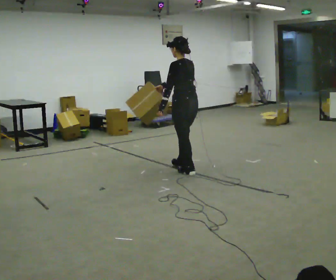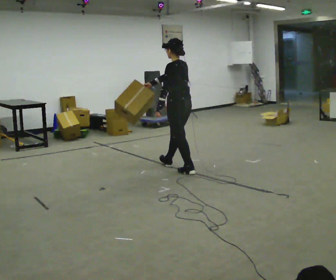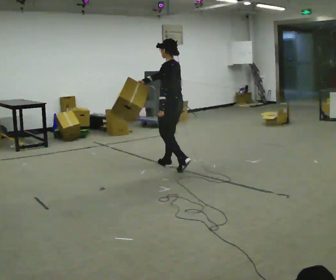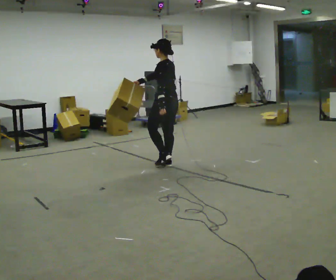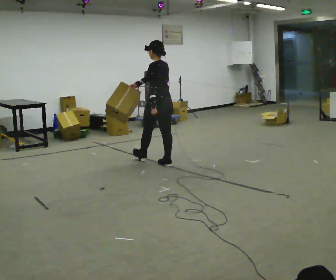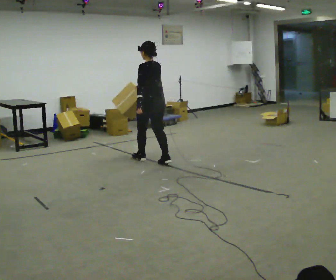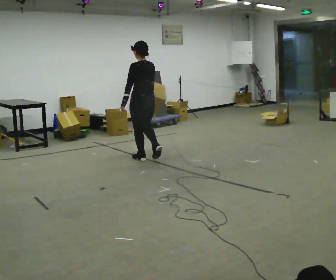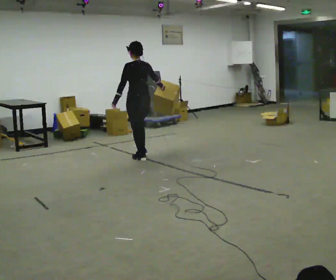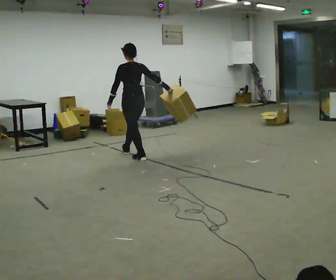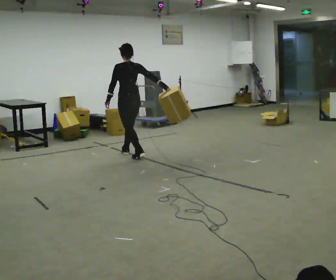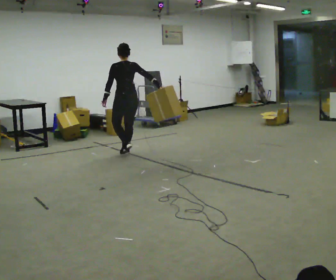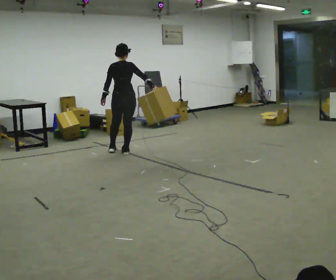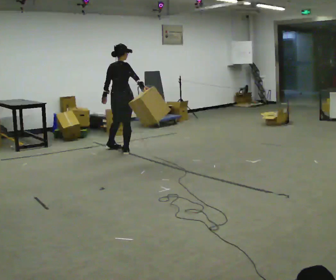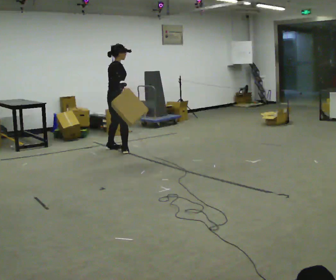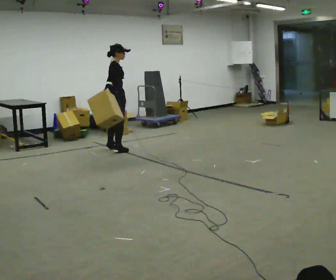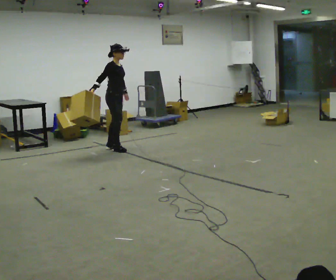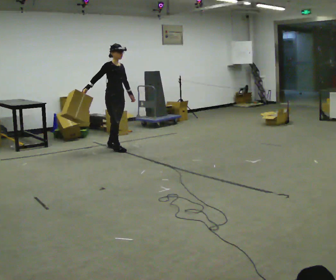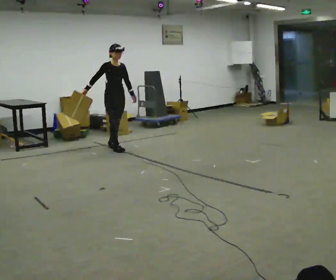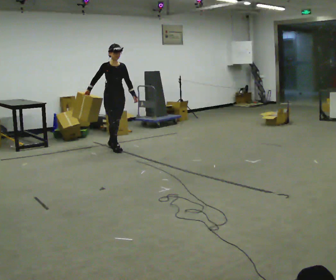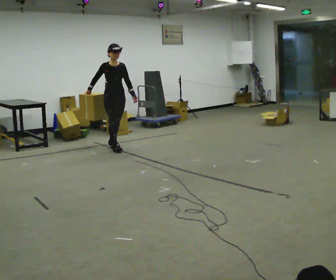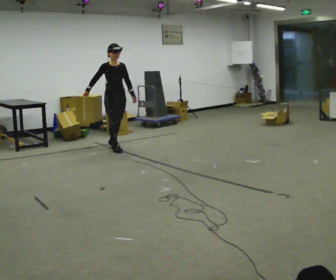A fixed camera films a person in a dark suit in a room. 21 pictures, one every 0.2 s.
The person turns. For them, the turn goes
to their right.
The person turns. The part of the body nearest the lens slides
to the left.
0.0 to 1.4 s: In the picture they go away from the camera and to the left, about 1 m in 2 steps, which for them is forward.
1.4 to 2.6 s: Seen from above the body turns clockwise, about 90 degrees: to their right, with its near side sliding to the left. In the picture they go away from the camera and to the left, about 0.75 m in 2 steps.
2.6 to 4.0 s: Seen from above the body turns clockwise, about 90 degrees: to their right, with its near side sliding to the left. In the picture their right hand goes to the left.
The film runs forward here.
